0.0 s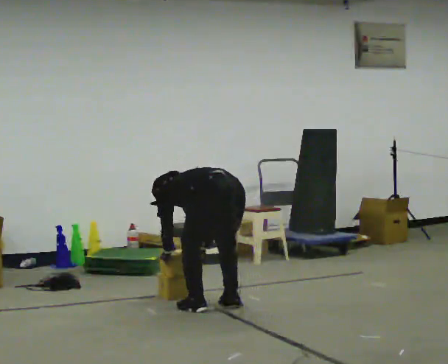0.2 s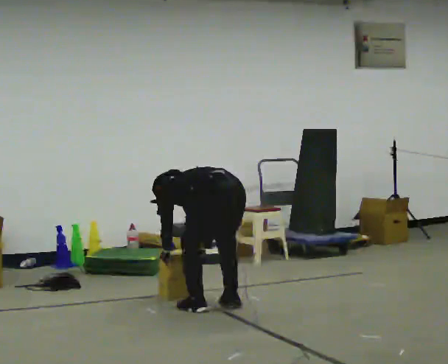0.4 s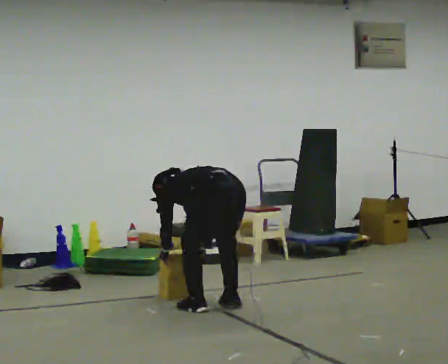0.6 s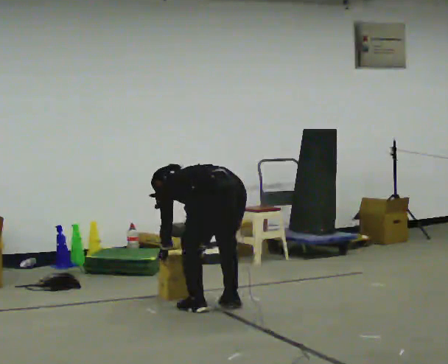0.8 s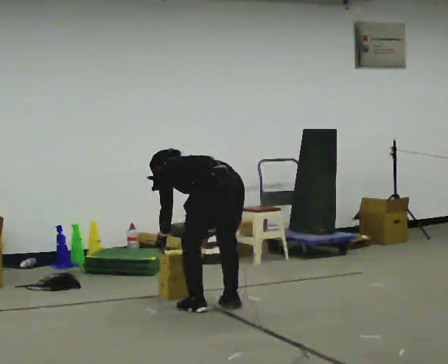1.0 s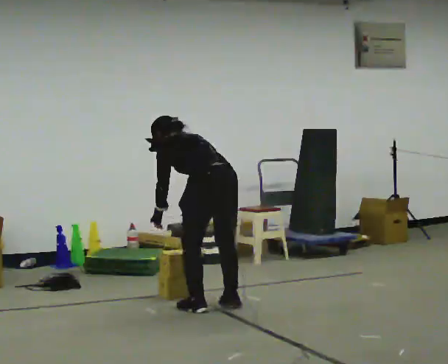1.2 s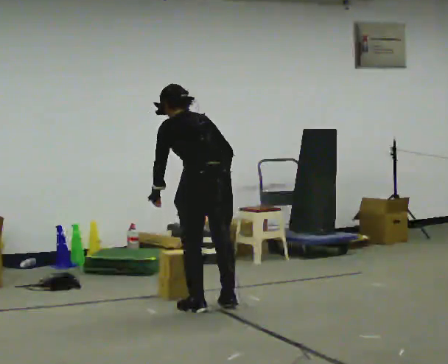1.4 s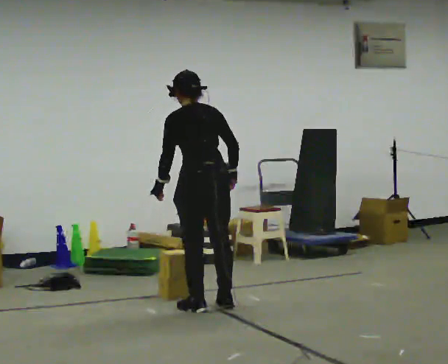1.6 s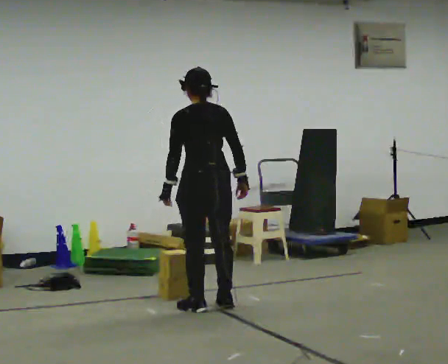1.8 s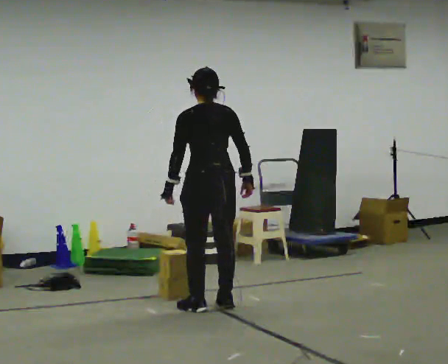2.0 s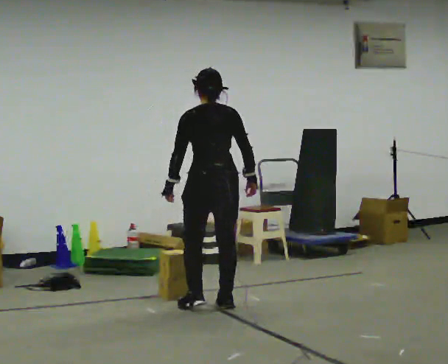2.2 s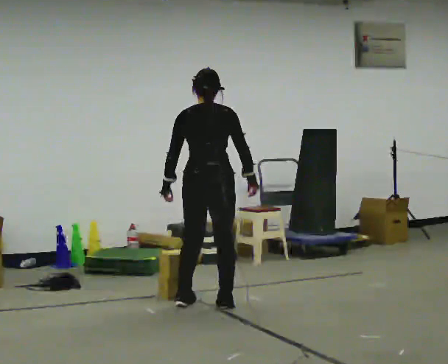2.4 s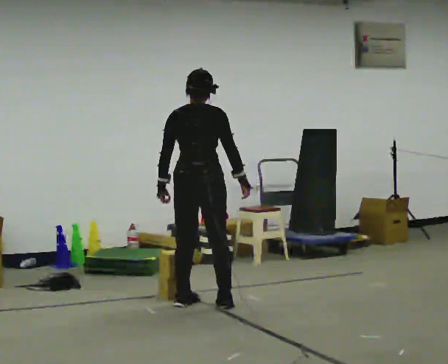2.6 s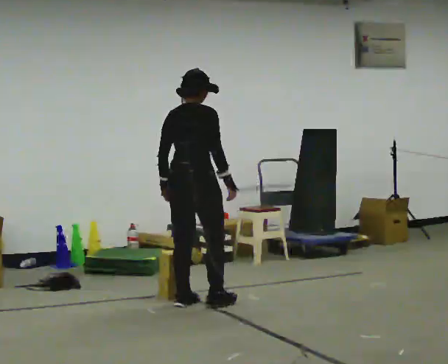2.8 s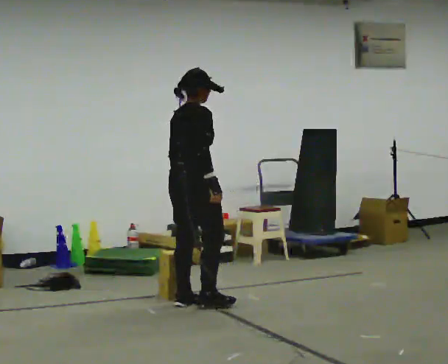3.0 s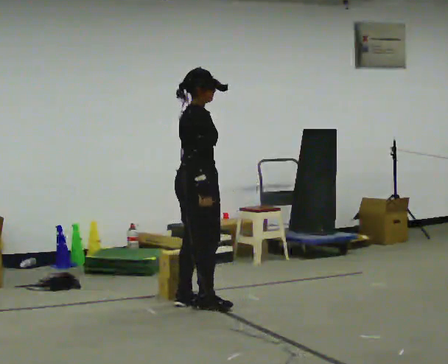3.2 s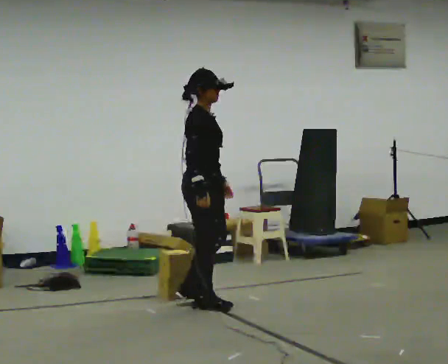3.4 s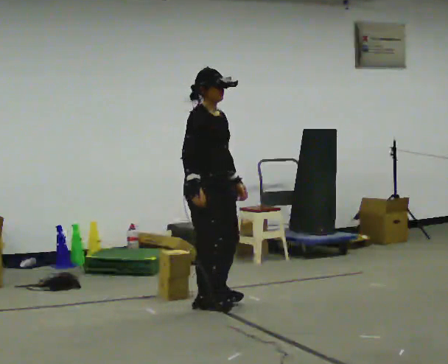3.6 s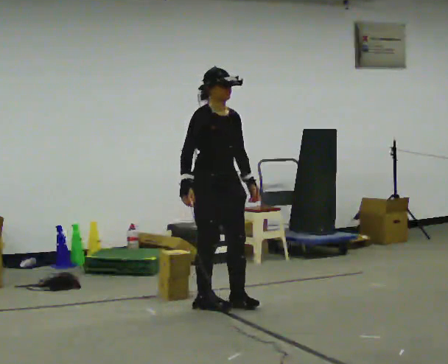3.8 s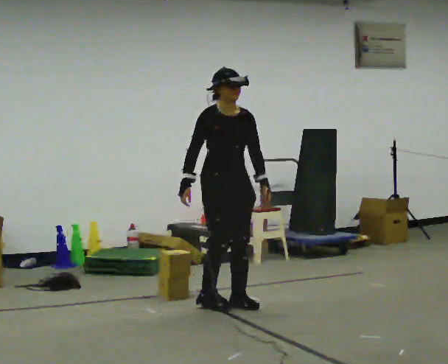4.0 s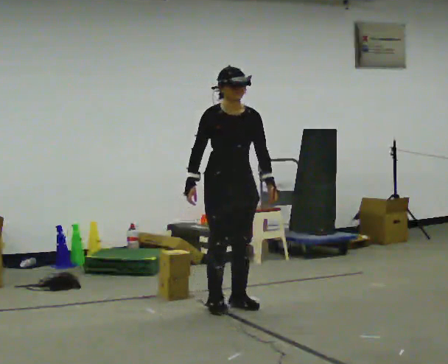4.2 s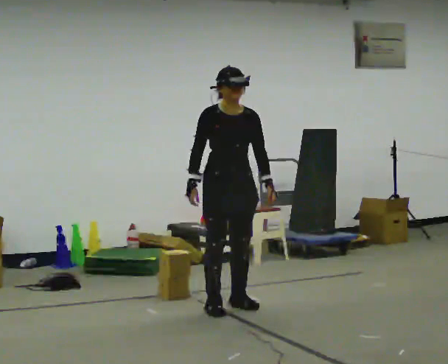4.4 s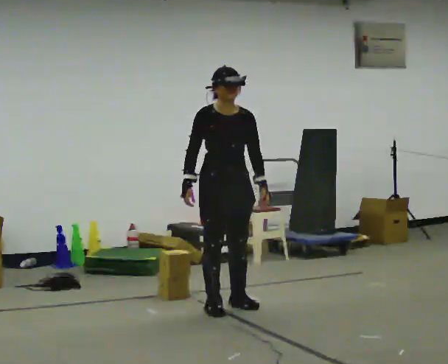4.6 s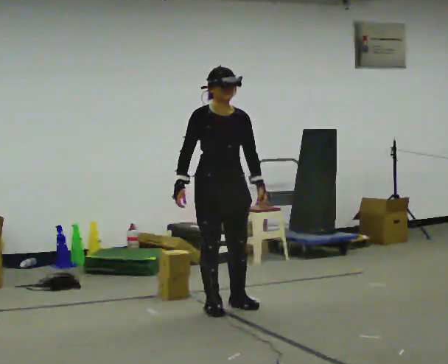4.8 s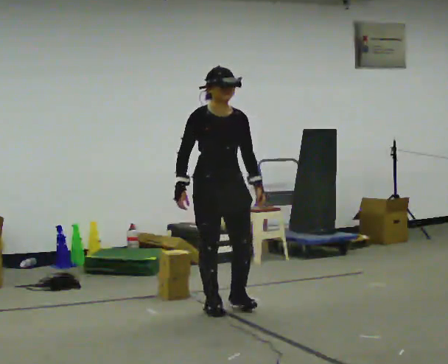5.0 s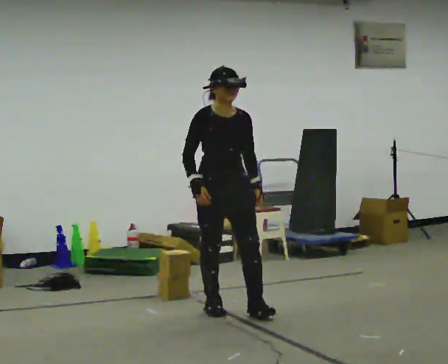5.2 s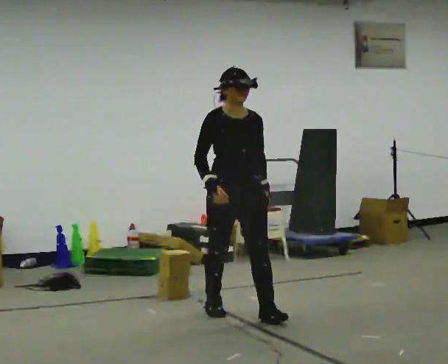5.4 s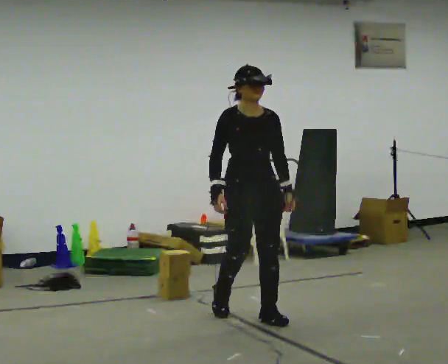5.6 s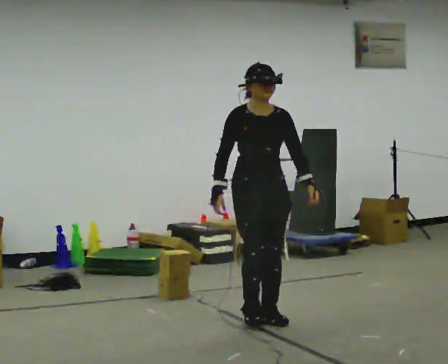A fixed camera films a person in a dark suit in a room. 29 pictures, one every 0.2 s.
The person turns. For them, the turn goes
to their right.
The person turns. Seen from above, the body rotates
clockwise.
0.0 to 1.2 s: The shoulders move upward. The upper body tips toward the camera, its near side rolling downward, as they lean back or straighten. In the picture their right hand goes upward.
1.2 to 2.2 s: Seen from above the body turns clockwise, about 30 degrees: to their right, with its near side sliding to the left. The upper body tips toward the camera, its near side rolling downward, as they lean back or straighten.
2.2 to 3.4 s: The person turns about 120 degrees to their right, clockwise seen from above, so the part of the body nearest the lens slides to the left. In the picture their left hand goes to the right, the arm swinging counterclockwise.
3.4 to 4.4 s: Seen from above the body turns clockwise, about 45 degrees: to their right, with its near side sliding to the left.
4.4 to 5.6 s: In the picture they go toward the camera and to the right, about 0.5 m in 1 step, which for them is forward.
The film runs forward here.
